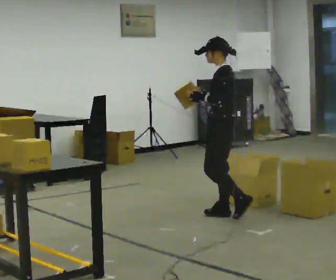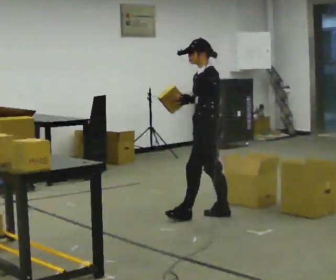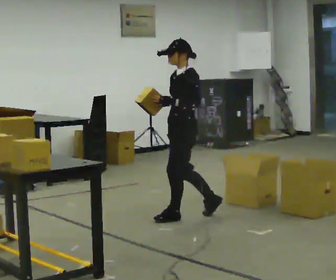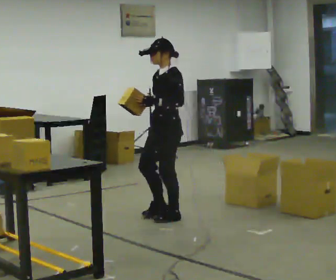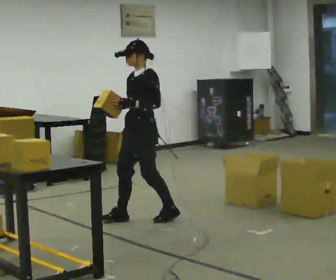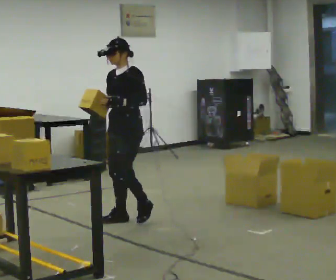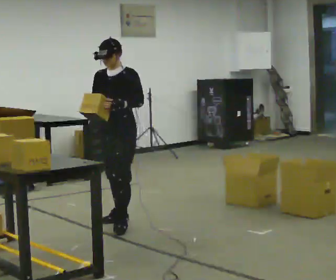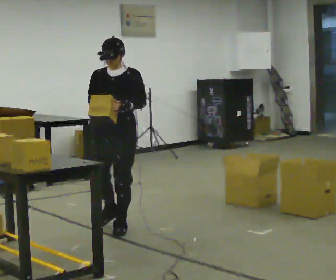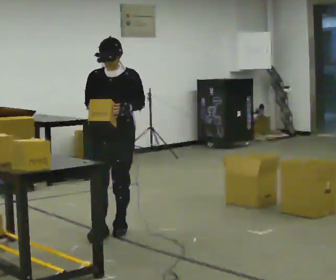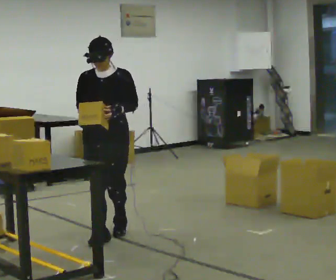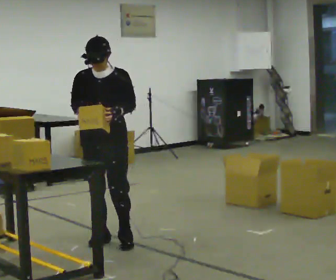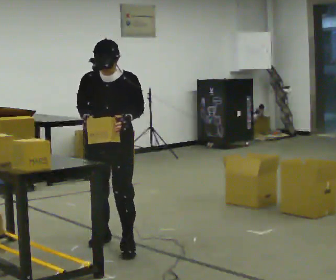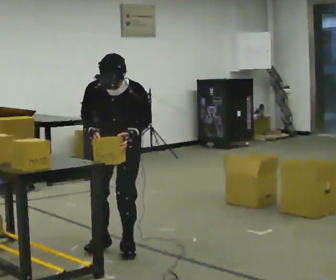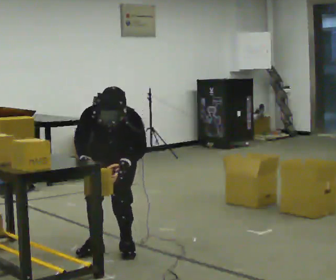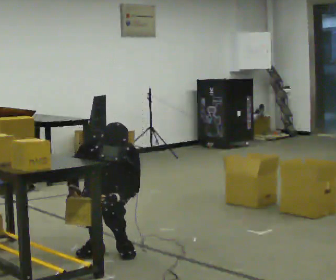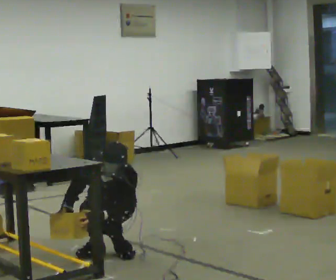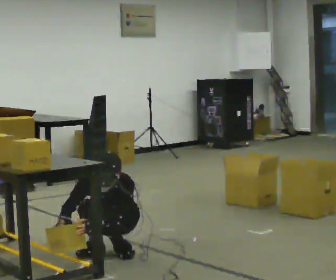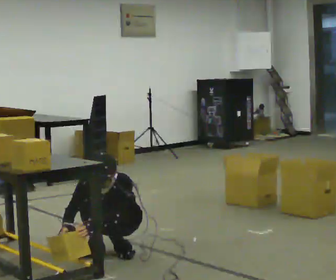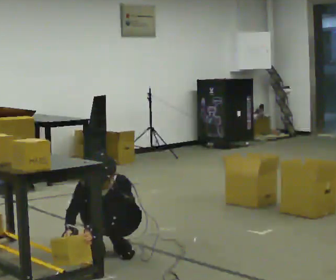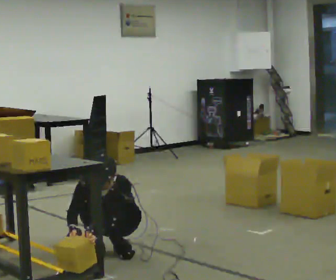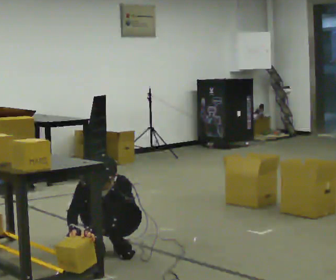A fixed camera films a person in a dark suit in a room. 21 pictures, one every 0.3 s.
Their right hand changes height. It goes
downward.
The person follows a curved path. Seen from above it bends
counterclockwise.
0.0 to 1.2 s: Seen from above the body turns counterclockwise, about 30 degrees: to their left, with its near side sliding to the right. In the picture they go to the left, about 0.5 m in 2 steps, which for them is forward.
1.2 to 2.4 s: Seen from above the body turns counterclockwise, about 45 degrees: to their left, with its near side sliding to the right. In the picture they go toward the camera and to the left, about 0.5 m in 1 step, which for them is forward.
2.4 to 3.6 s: In the picture they go toward the camera, about 0.5 m in 2 steps, which for them is forward. The upper body tips toward the camera, its near side rolling downward, as they bend forward.
3.6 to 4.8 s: The shoulders move downward. In the picture the upper body tilts counterclockwise, shoulders to the left. In the picture their left hand goes downward.
4.8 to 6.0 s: The person moves a little, or ends about where they began.
The film runs forward here.
